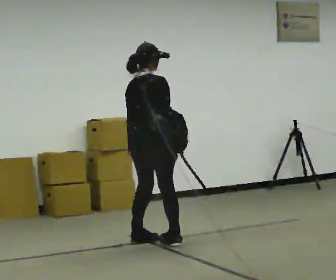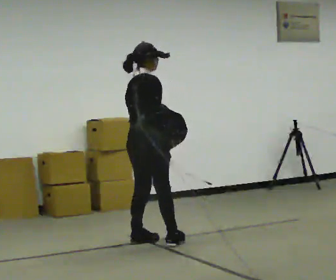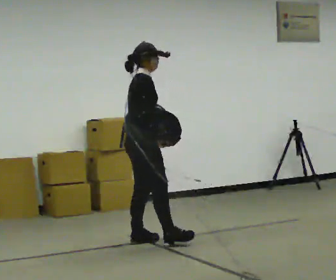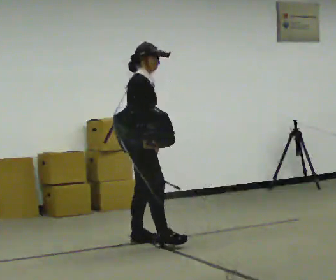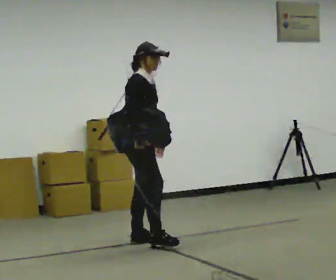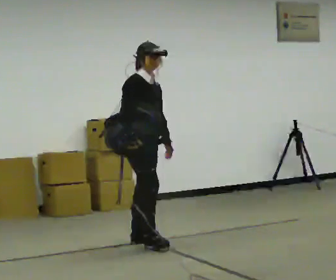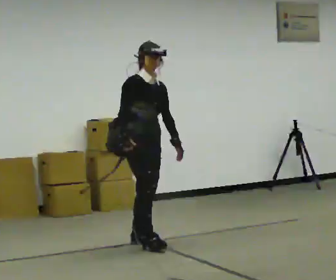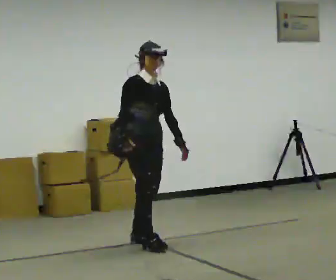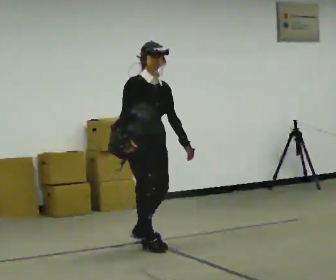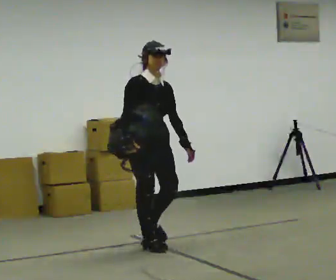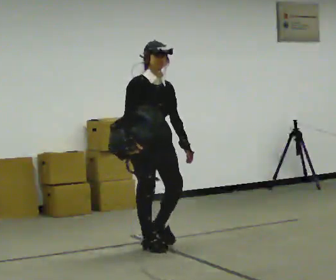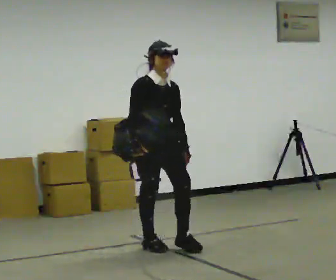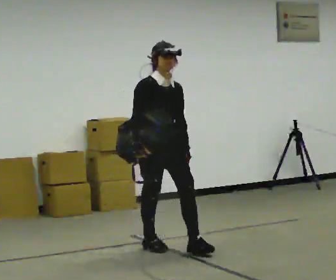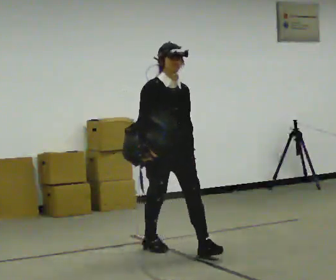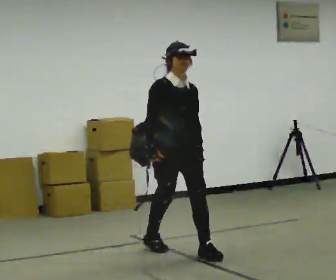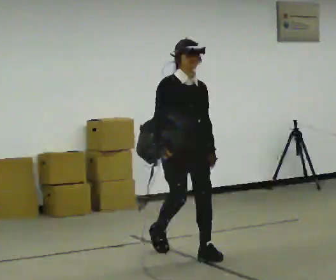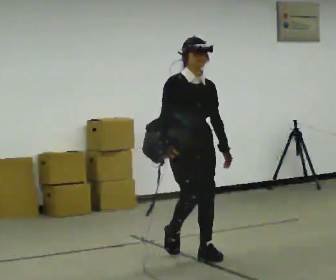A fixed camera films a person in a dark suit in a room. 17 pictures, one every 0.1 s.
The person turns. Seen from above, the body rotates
clockwise.
Their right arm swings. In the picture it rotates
clockwise.
0.0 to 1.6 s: Seen from above the body turns clockwise, about 120 degrees: to their right, with its near side sliding to the left. In the picture they go toward the camera and to the right, about 0.5 m in 2 steps.
The film runs forward here.
